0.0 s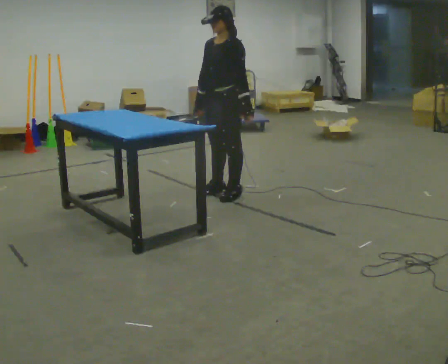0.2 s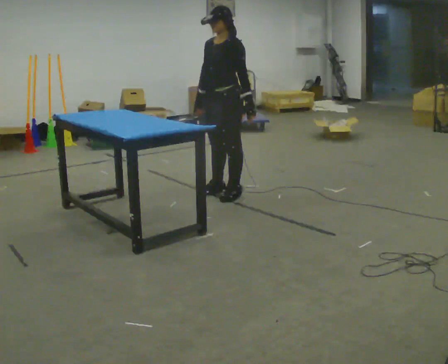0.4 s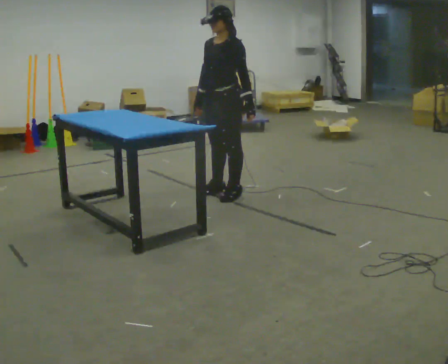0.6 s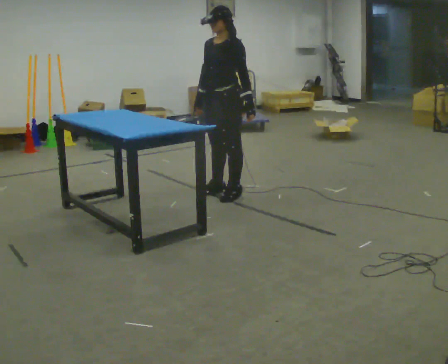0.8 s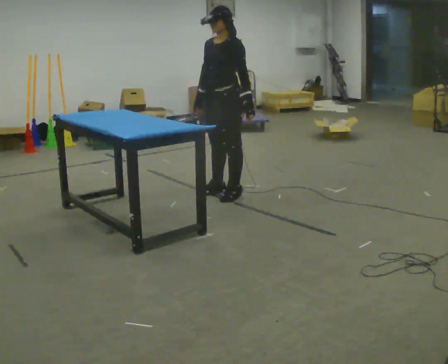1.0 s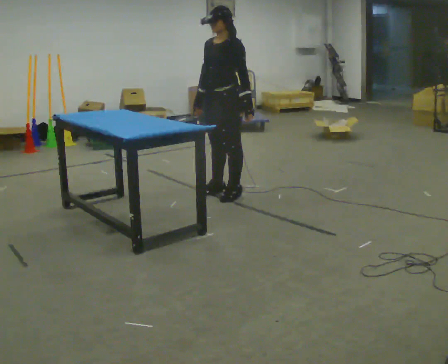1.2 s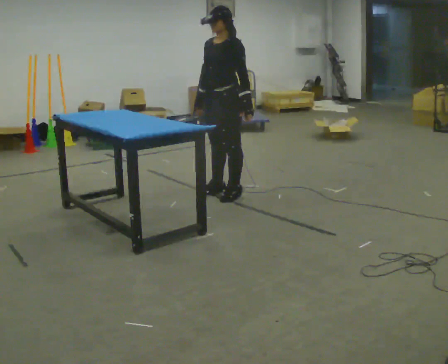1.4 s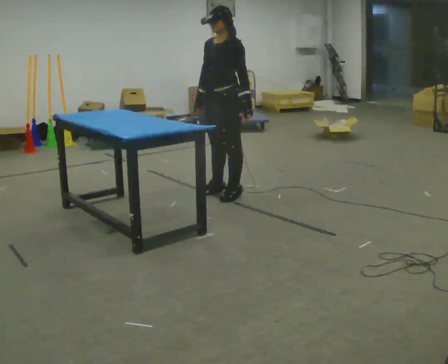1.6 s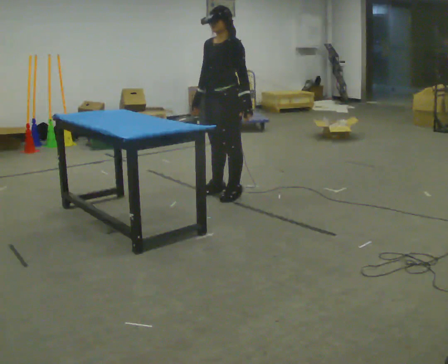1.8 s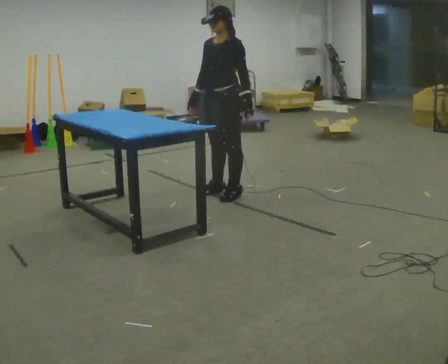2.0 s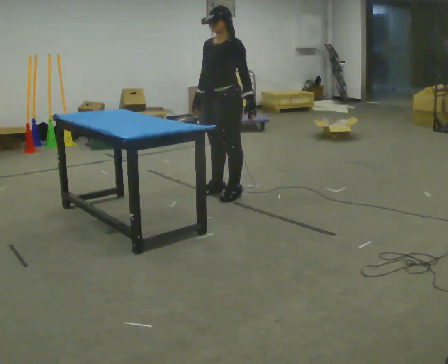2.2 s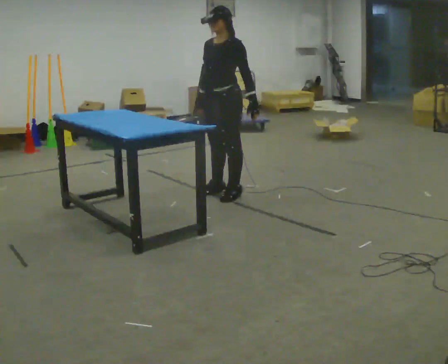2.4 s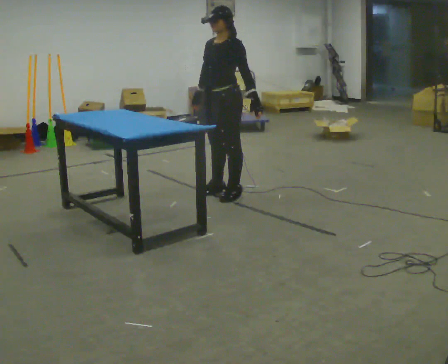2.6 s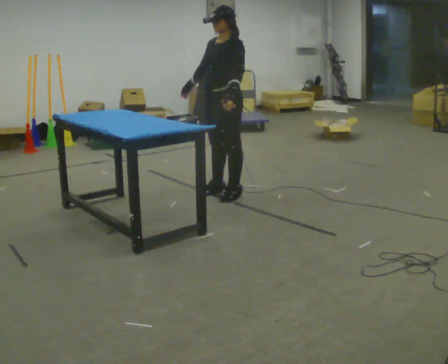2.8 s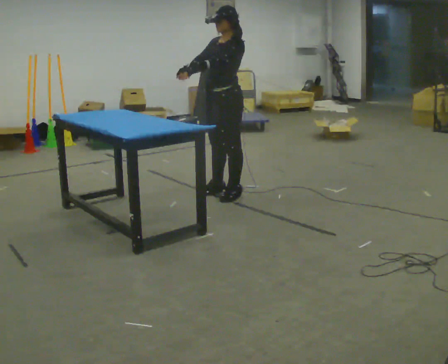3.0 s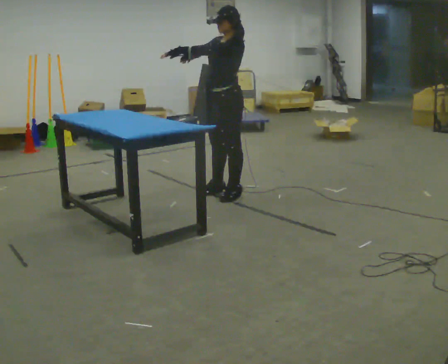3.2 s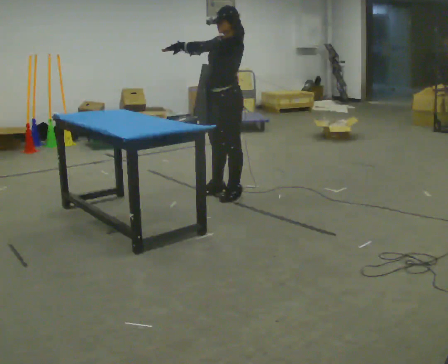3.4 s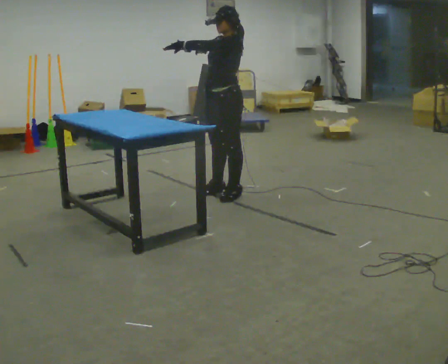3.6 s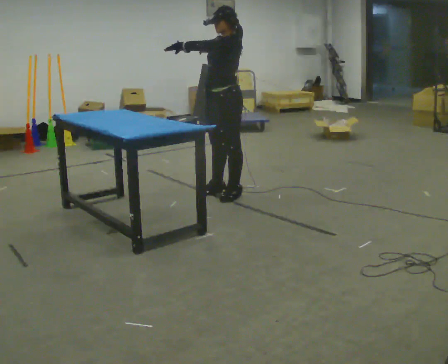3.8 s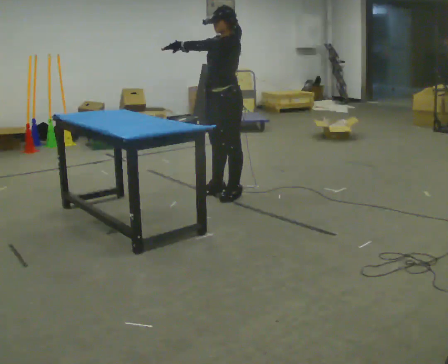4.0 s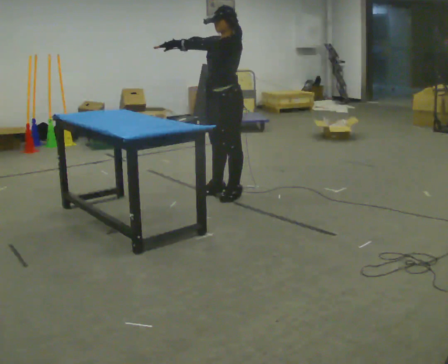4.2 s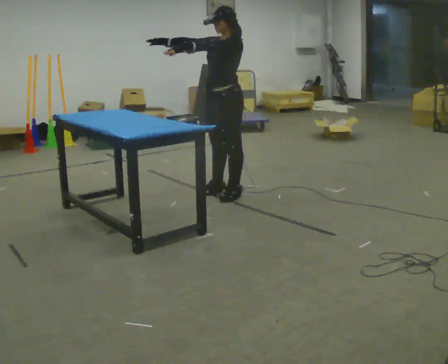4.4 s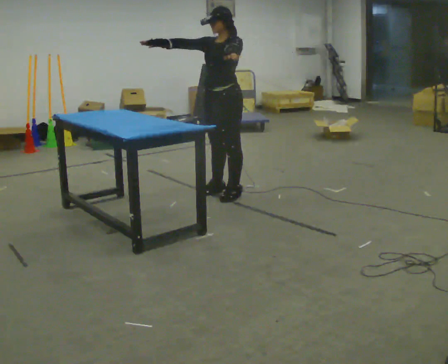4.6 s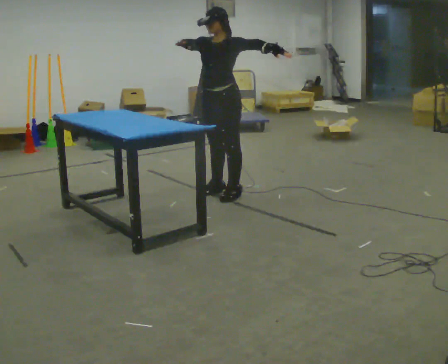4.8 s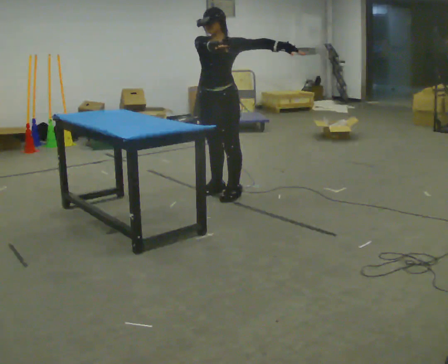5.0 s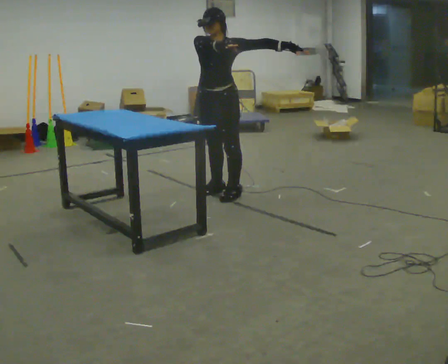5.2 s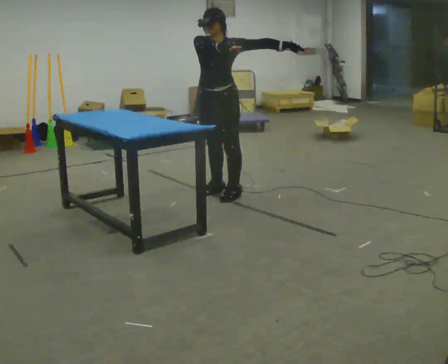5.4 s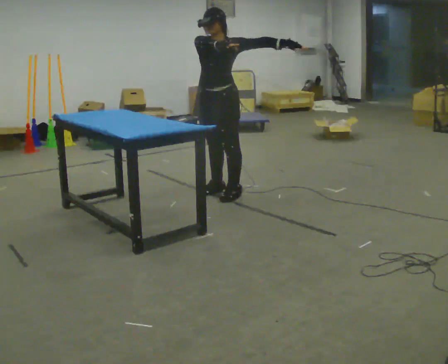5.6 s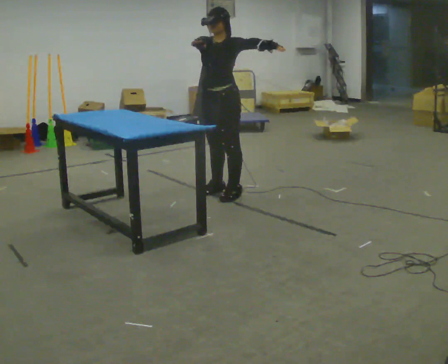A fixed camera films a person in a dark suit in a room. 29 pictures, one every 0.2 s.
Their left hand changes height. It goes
upward.
Their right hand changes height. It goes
upward.
0.0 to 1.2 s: The person keeps their place and pose.
1.2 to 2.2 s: The person moves a little, or ends about where they began.
2.2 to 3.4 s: In the picture their left hand goes to the left and upward.
3.4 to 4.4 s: In the picture their right hand goes to the left.
4.4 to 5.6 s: The person moves a little, or ends about where they began.
The film runs backward here.
